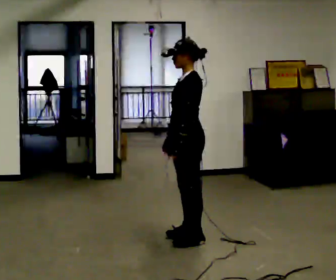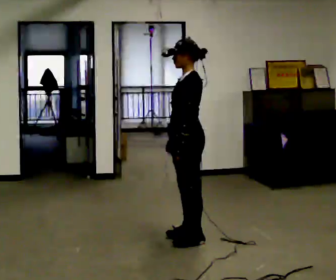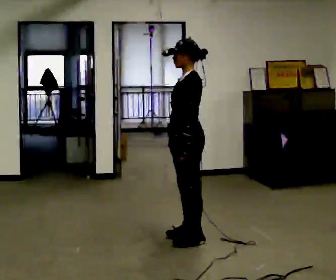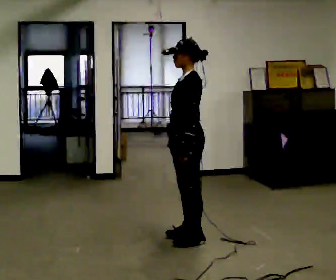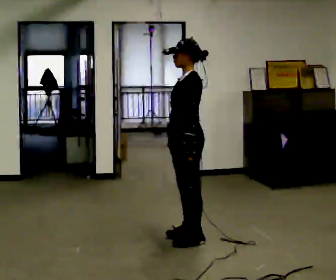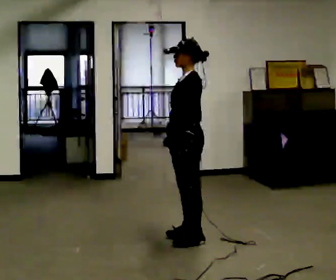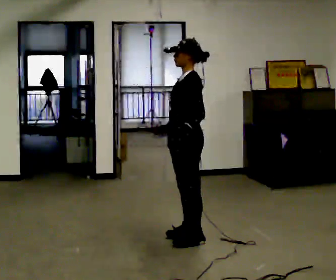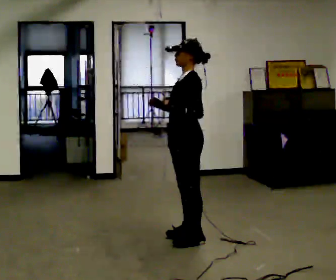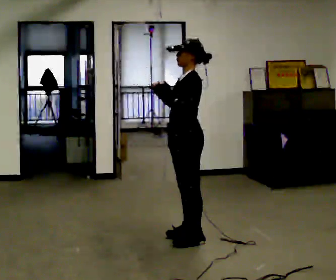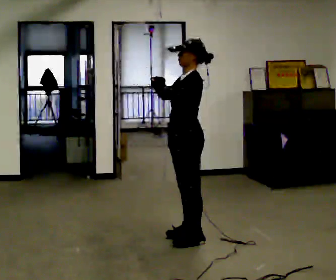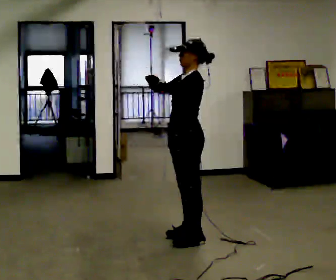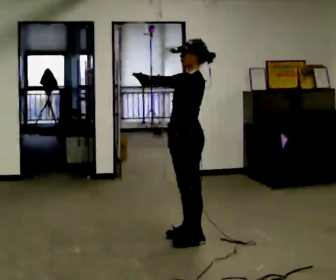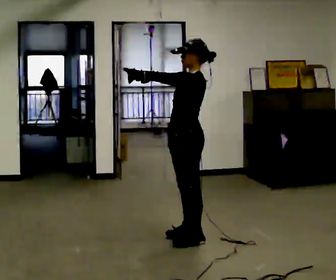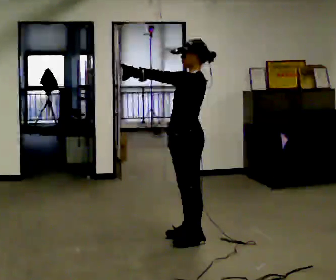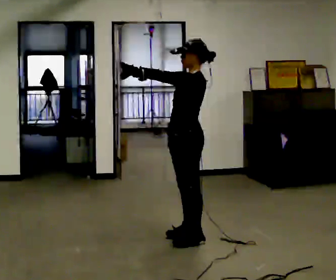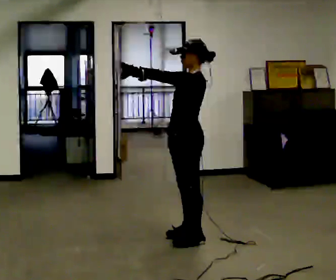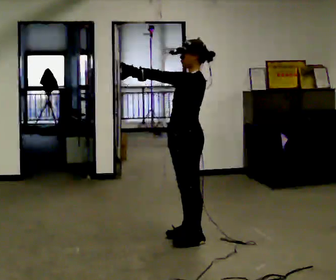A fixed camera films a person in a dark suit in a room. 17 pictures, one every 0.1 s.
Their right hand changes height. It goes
upward.
Their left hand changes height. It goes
upward.
0.0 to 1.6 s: In the picture their right hand goes upward.
The film runs backward here.
